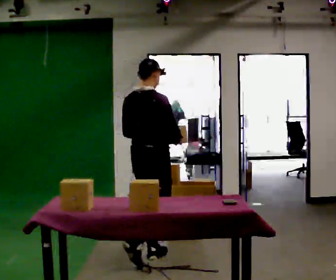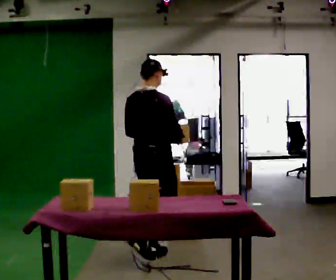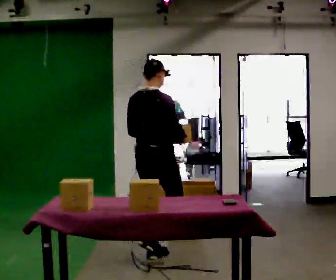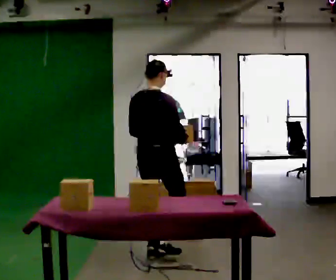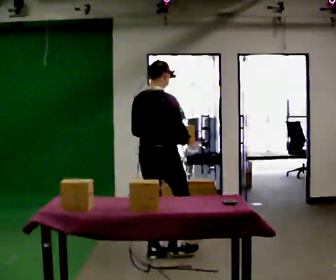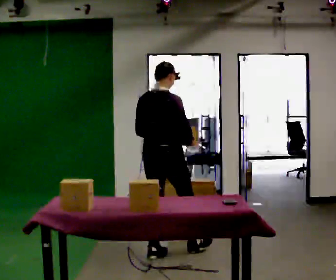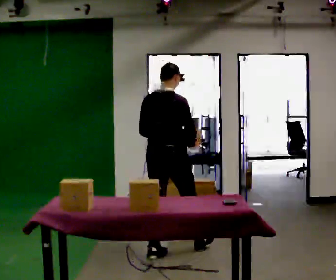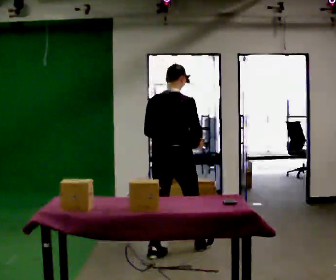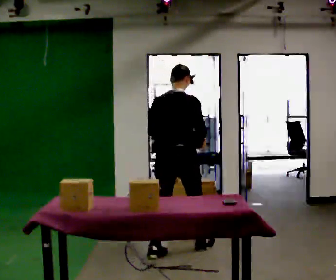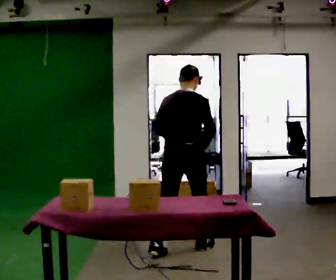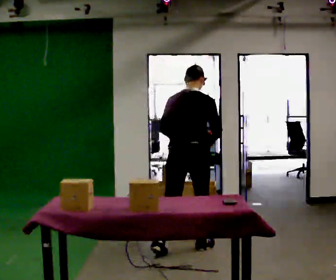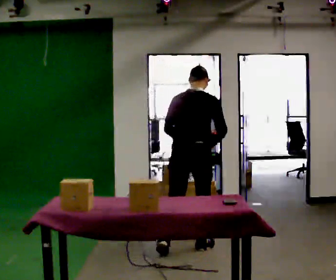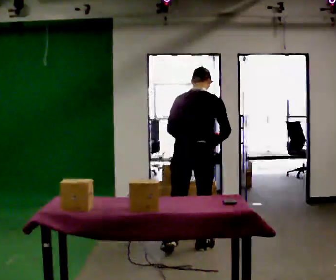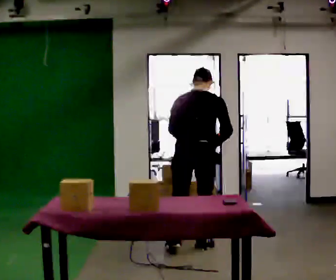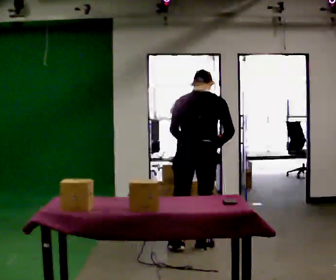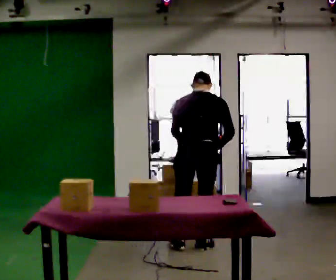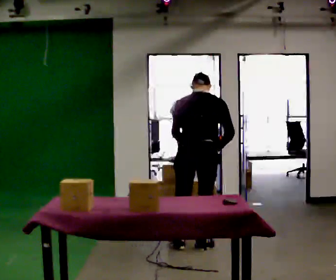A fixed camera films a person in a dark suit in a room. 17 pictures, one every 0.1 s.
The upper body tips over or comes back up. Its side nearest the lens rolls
upward.
0.0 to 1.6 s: Seen from above the body turns counterclockwise, about 30 degrees: to their left, with its near side sliding to the right. In the picture they go to the right and away from the camera, about 0.5 m in 1 step, which for them is forward and to their right. The upper body tips away from the camera, its near side rolling upward, as they bend forward.
The film runs forward here.
